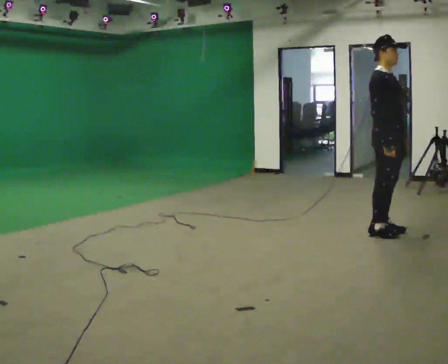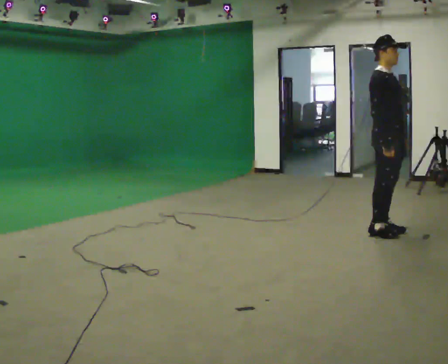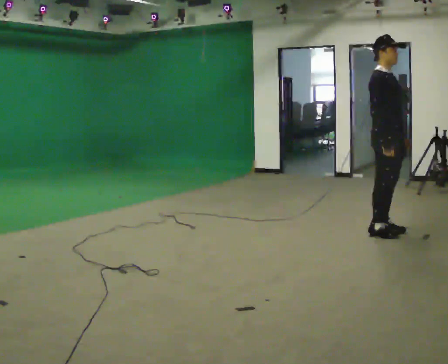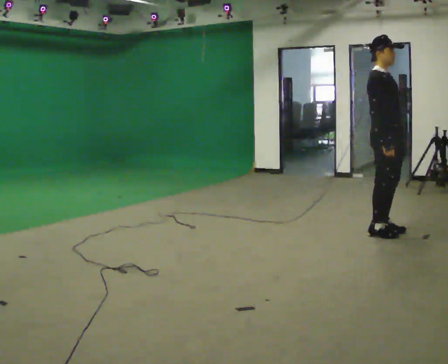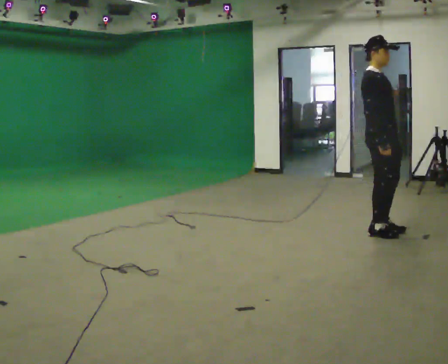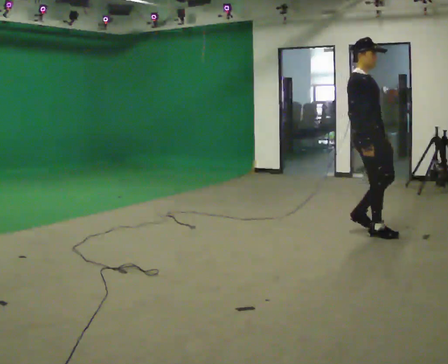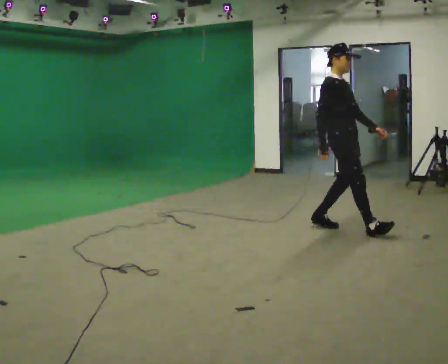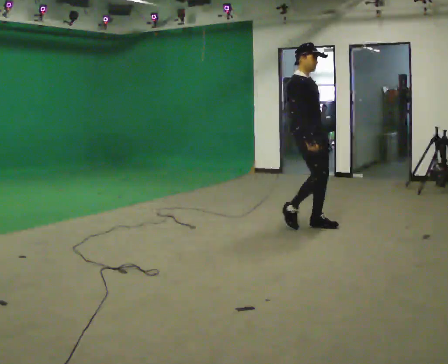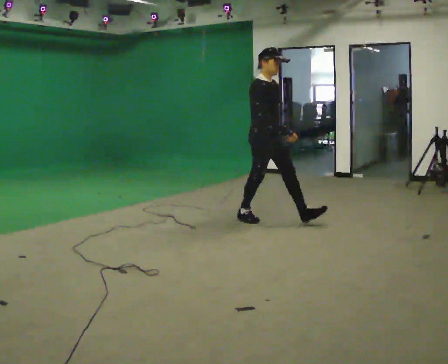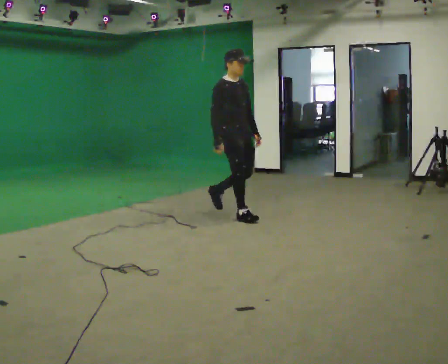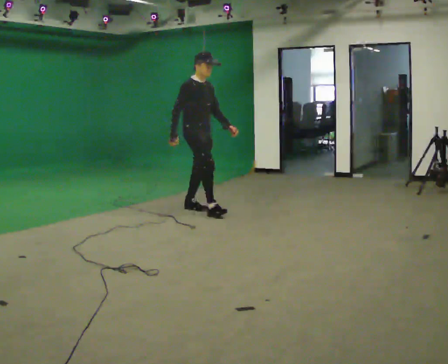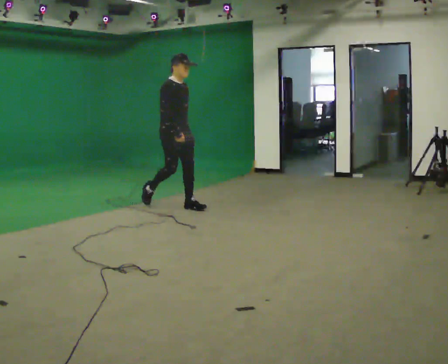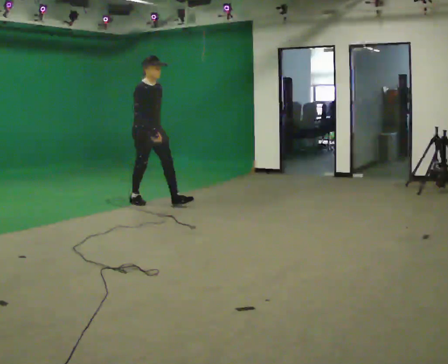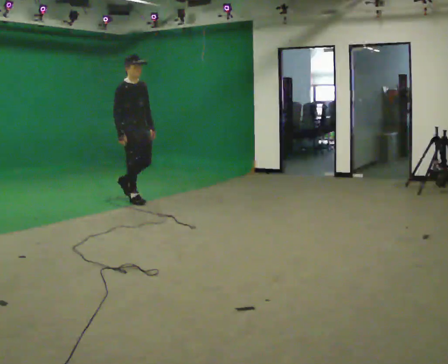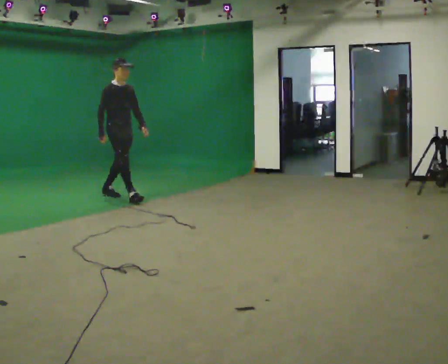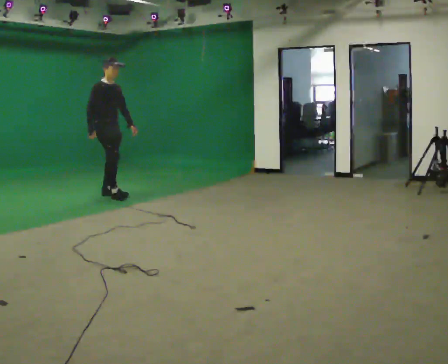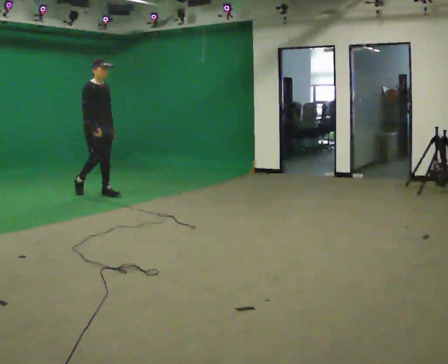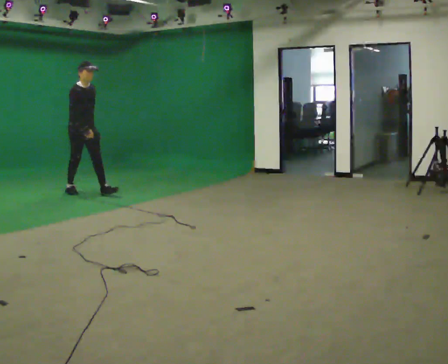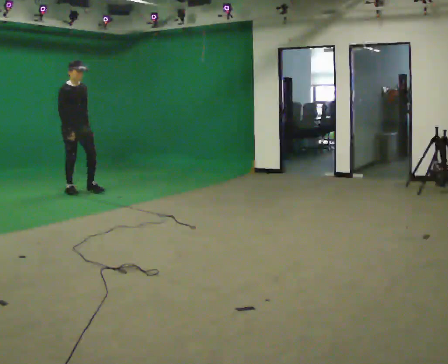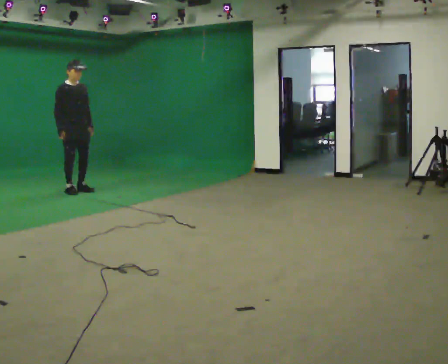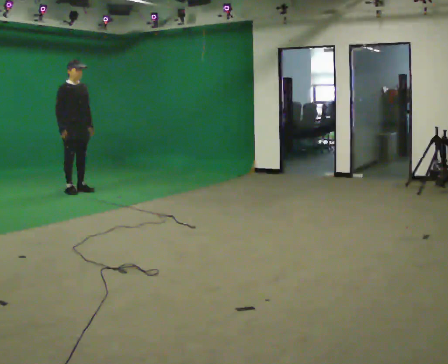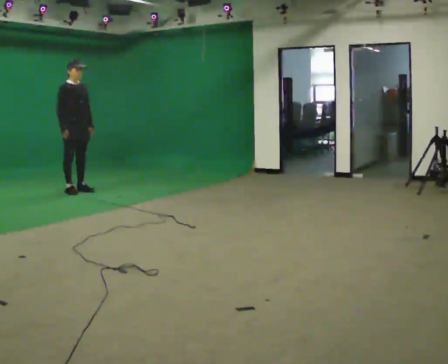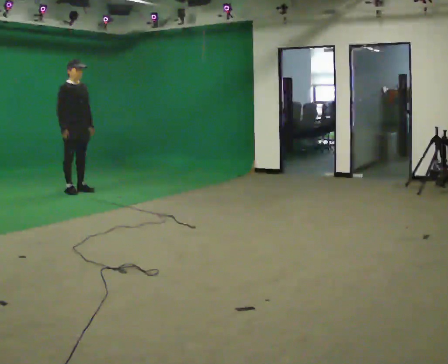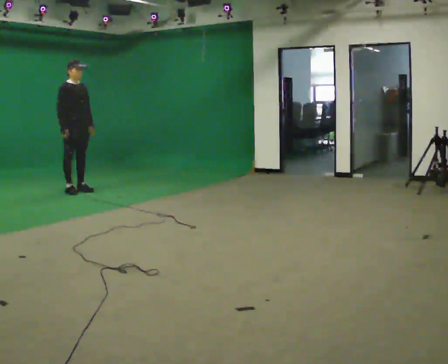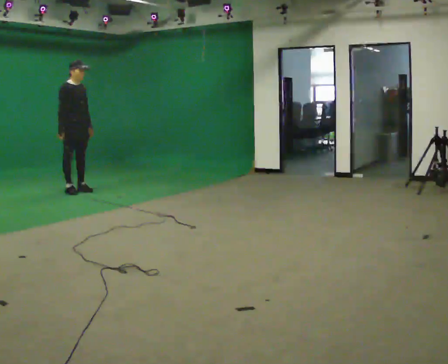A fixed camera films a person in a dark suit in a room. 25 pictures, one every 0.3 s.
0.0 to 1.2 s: The person moves a little, or ends about where they began.
1.2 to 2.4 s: In the picture they go to the left and away from the camera, about 1 m in 3 steps, which for them is backward.
2.4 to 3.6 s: In the picture they go to the left and away from the camera, about 1.5 m in 2 steps, which for them is backward.
3.6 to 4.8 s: In the picture they go to the left and away from the camera, about 1 m in 1 step, which for them is backward.
4.8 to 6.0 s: In the picture they go to the left and away from the camera, about 0.5 m in 1 step, which for them is backward.
6.0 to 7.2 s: The person moves a little, or ends about where they began.
The film runs backward here.
